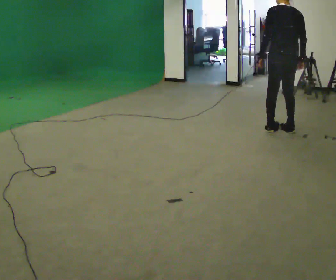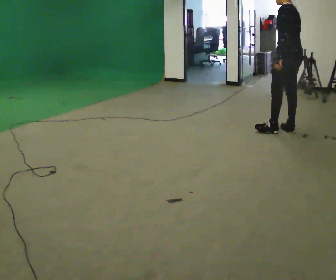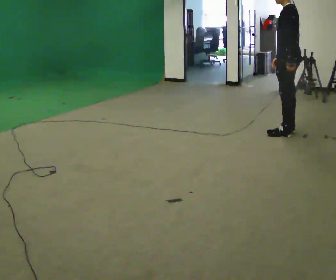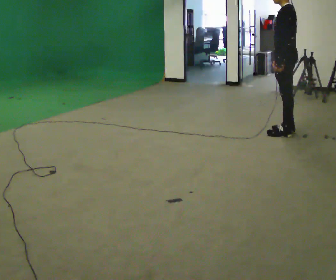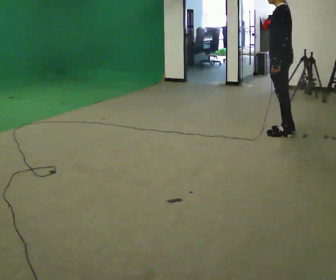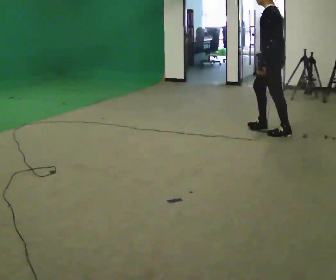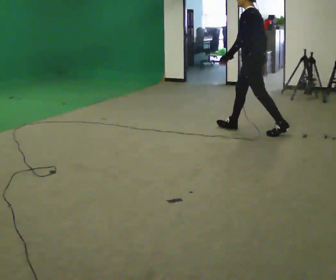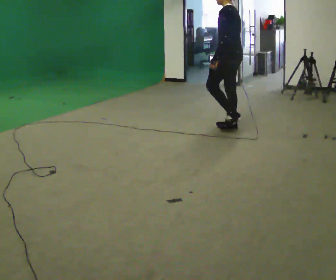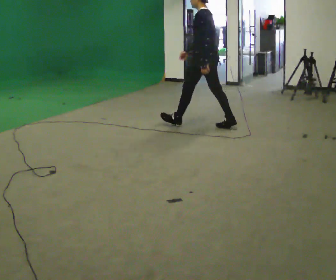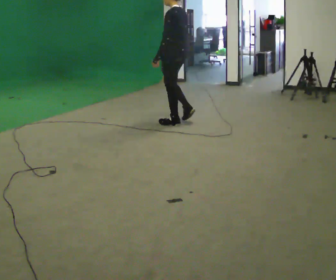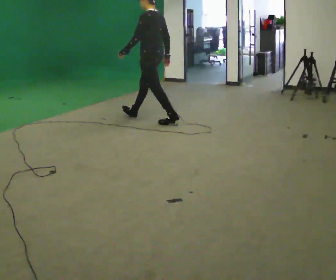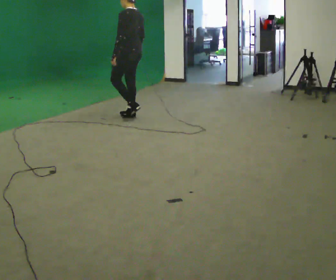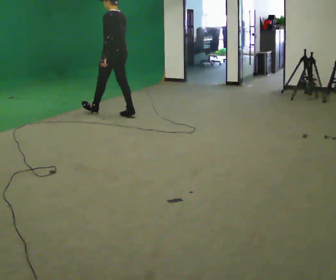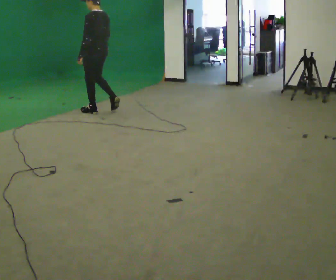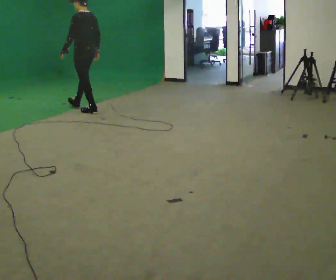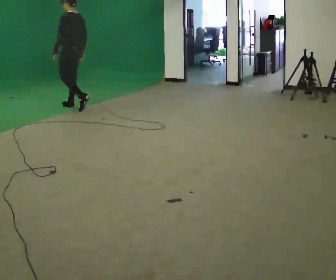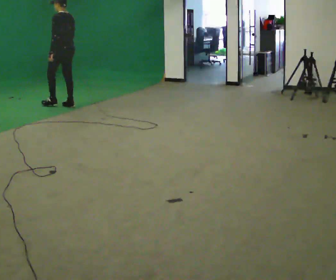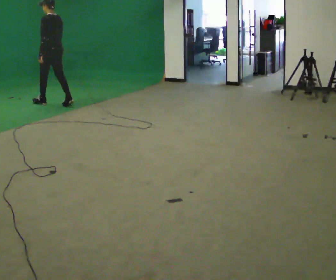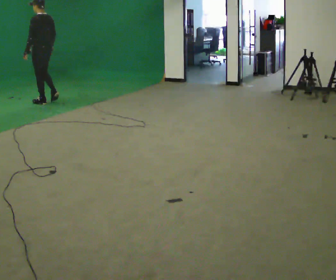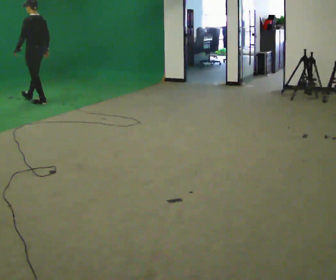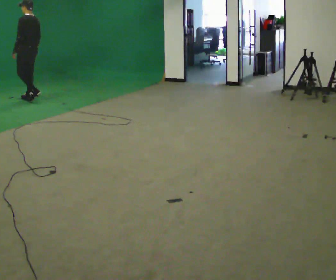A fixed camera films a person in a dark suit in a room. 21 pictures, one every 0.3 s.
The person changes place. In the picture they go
to the left.
0.0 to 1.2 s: The person turns about 60 degrees to their left, counterclockwise seen from above, so the part of the body nearest the lens slides to the right.
1.2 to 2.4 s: In the picture they go to the left and away from the camera, about 1 m in 1 step, which for them is forward.
2.4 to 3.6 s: In the picture they go to the left and away from the camera, about 1.5 m in 2 steps, which for them is forward.
3.6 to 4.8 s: In the picture they go to the left and away from the camera, about 1 m in 2 steps, which for them is forward.
4.8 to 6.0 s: In the picture they go to the left and away from the camera, about 1 m in 2 steps, which for them is forward.
The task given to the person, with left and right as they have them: Start at normal speed; gradually slow over several steps; stop gently.
The film runs forward here.
